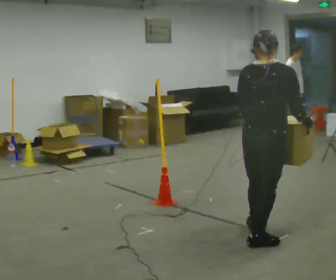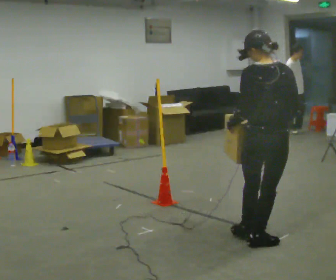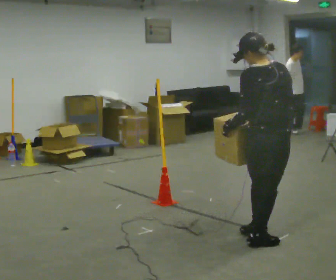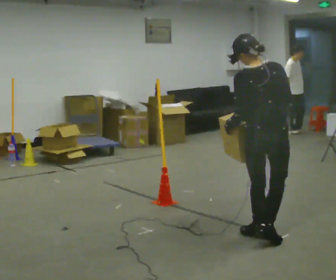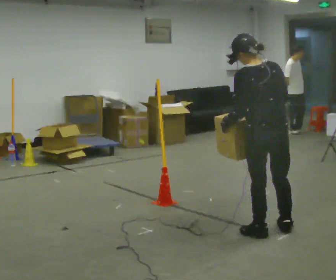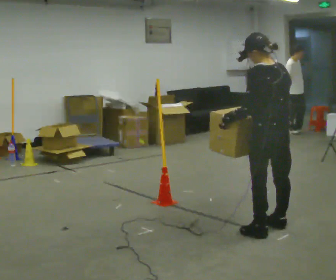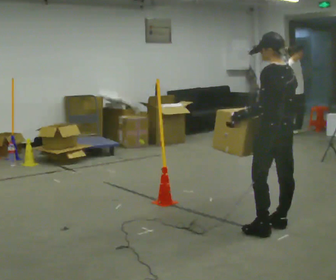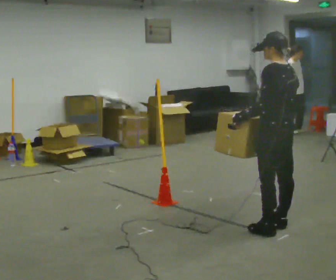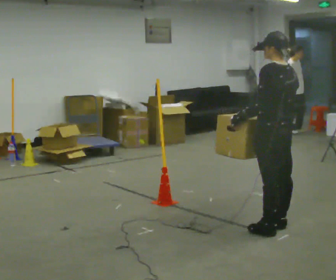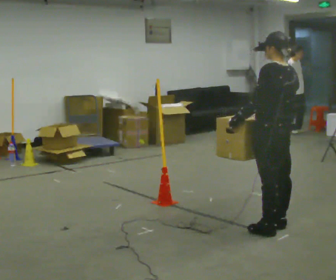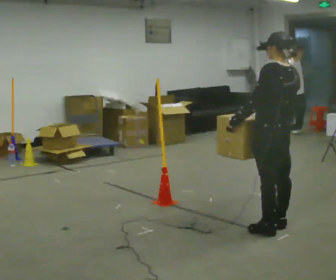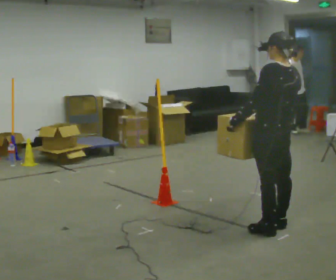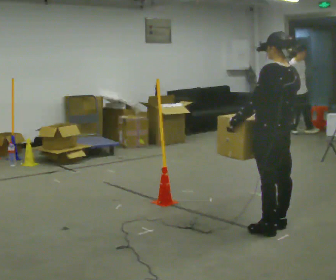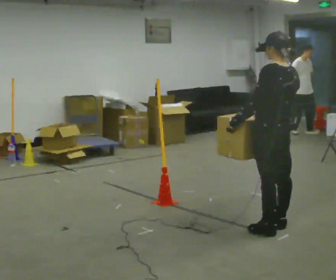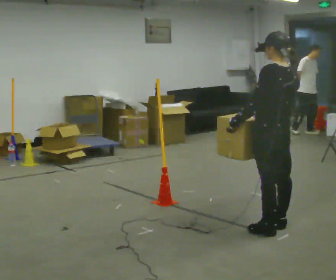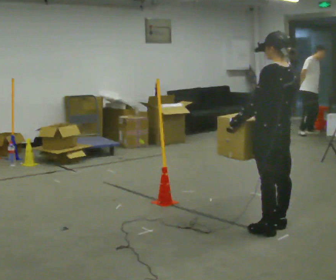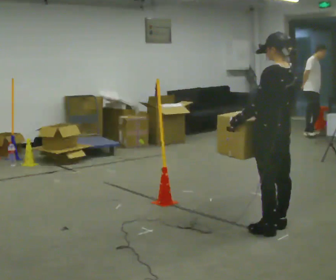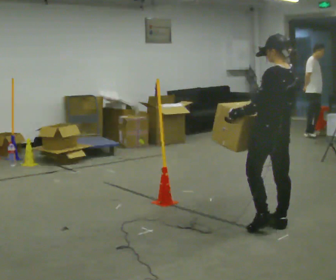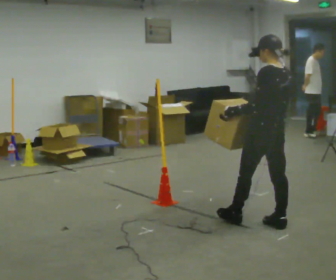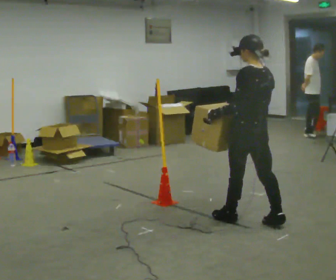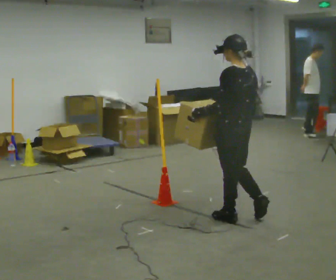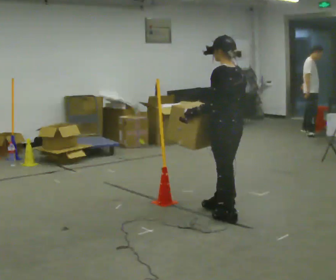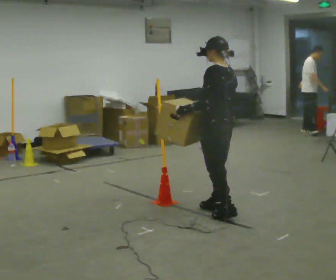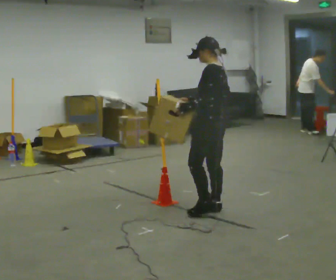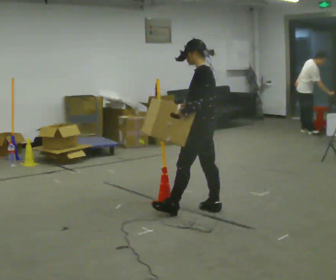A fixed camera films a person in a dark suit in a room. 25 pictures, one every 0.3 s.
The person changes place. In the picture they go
away from the camera.
The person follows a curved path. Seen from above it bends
counterclockwise.
0.0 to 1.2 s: Seen from above the body turns counterclockwise, about 30 degrees: to their left, with its near side sliding to the right. In the picture they go away from the camera, about 0.25 m, which for them is forward.
1.2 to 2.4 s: In the picture the upper body tilts clockwise, shoulders to the right.
2.4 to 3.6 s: The person keeps their place and pose.
3.6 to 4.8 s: The person moves a little, or ends about where they began.
4.8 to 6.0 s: In the picture they go to the left and away from the camera, about 0.5 m in 1 step, which for them is forward.
6.0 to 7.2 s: The person turns about 30 degrees to their left, counterclockwise seen from above, so the part of the body nearest the lens slides to the right. In the picture they go to the left and away from the camera, about 0.5 m in 2 steps, which for them is forward.
The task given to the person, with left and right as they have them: Carry the box across the room. The operator will step into your path partway across, so go around them and carry on. Keep going until the operator says stop; one object at a time, and do not rush between trips.
The film runs forward here.
